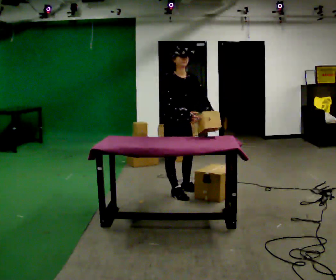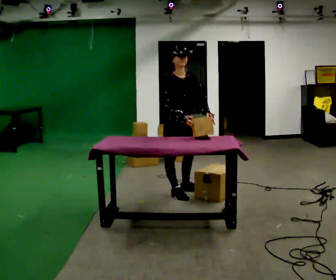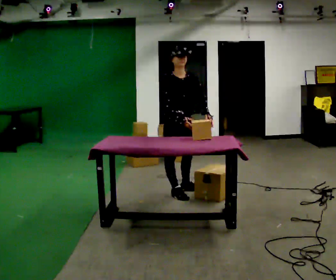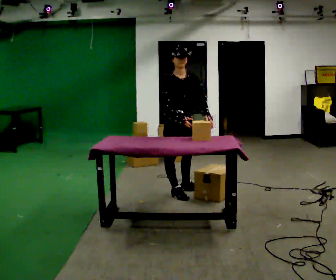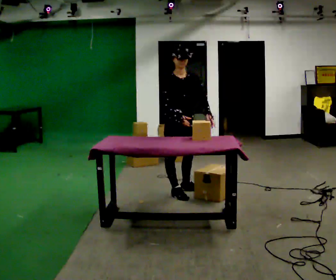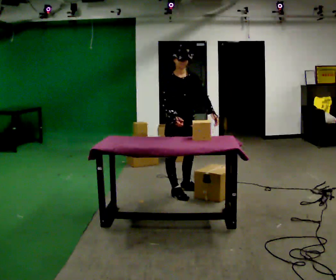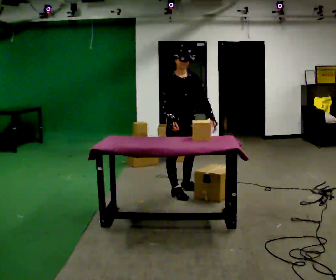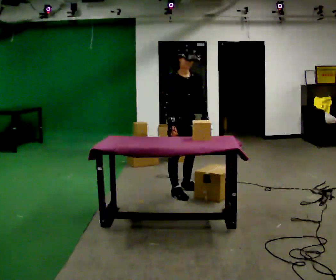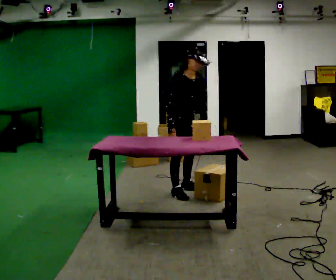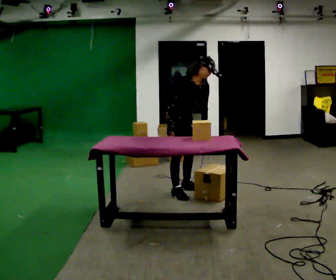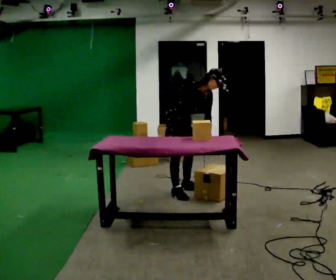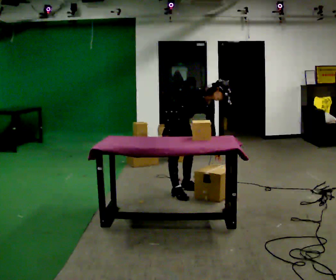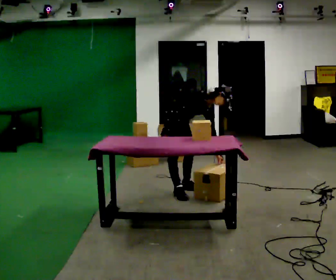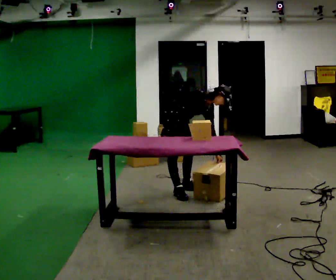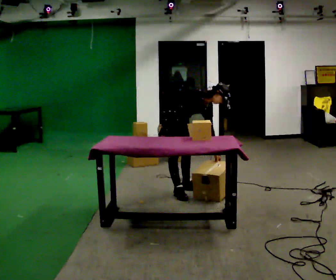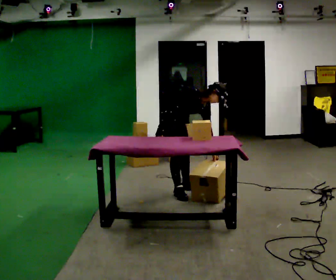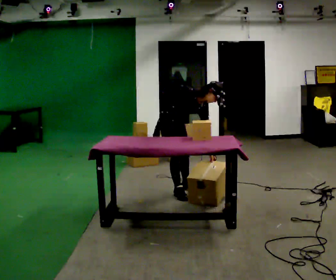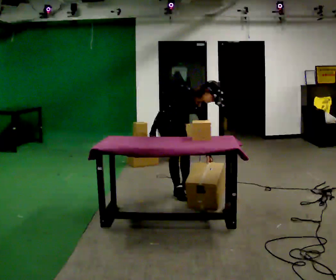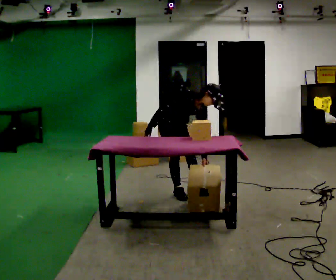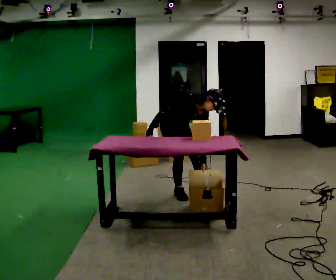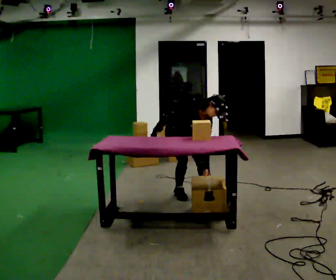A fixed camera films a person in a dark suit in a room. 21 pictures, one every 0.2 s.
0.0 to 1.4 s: The person moves a little, or ends about where they began.
1.4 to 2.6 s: In the picture they go away from the camera, about 0.25 m, which for them is backward. The shoulders move downward. In the picture the upper body tilts clockwise, shoulders to the right, as they bend forward.
2.6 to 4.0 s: The person turns about 30 degrees to their right, clockwise seen from above, so the part of the body nearest the lens slides to the left. The upper body tips toward the camera, its near side rolling downward.
The film runs backward here.
